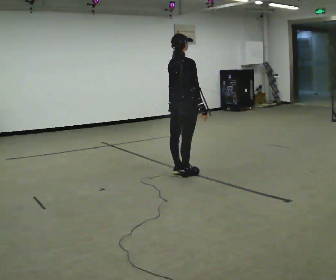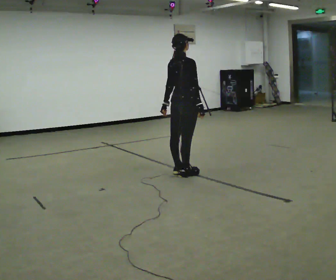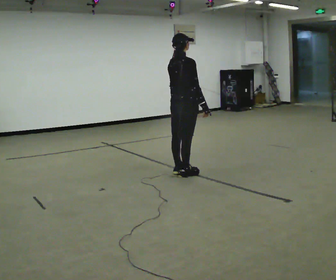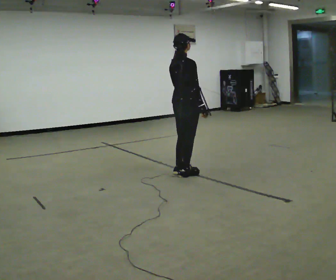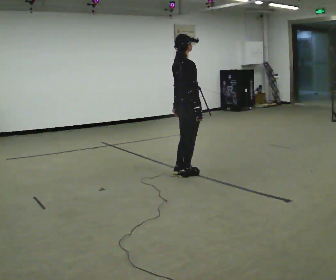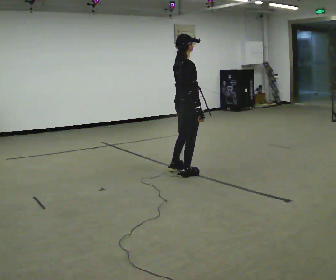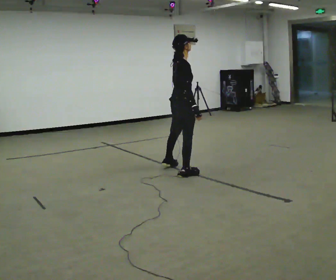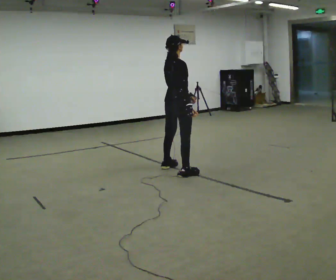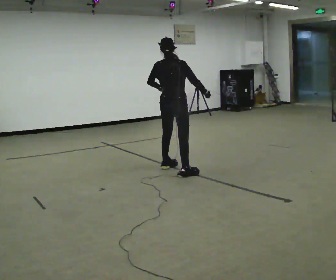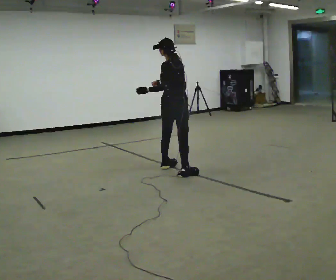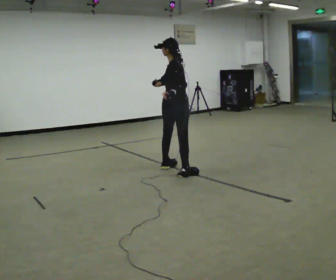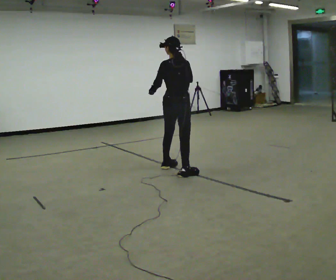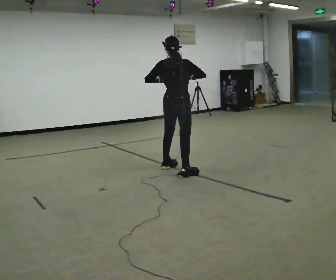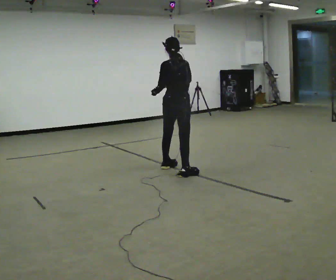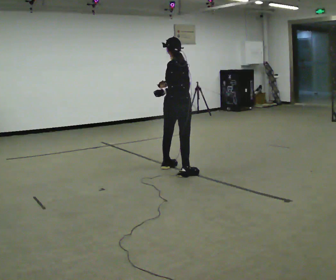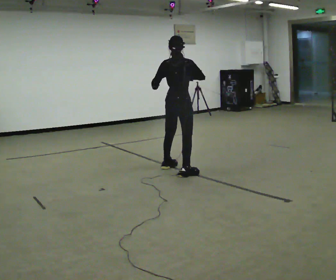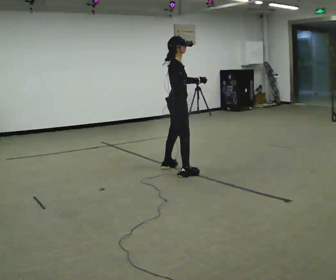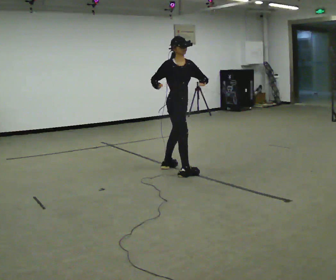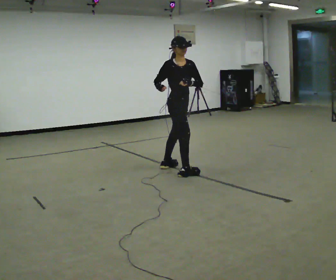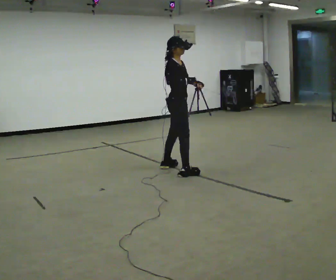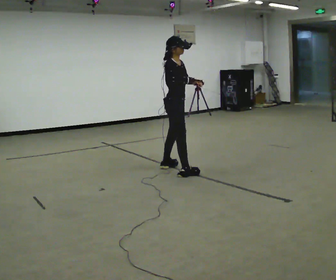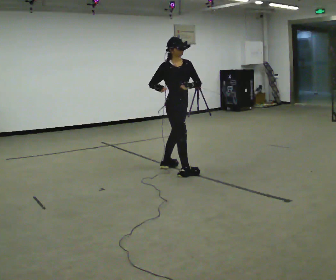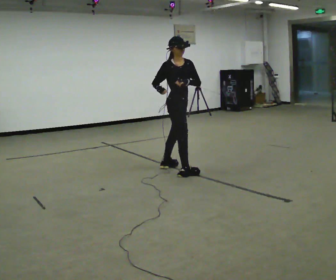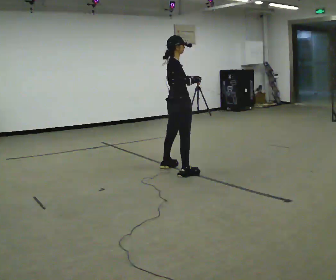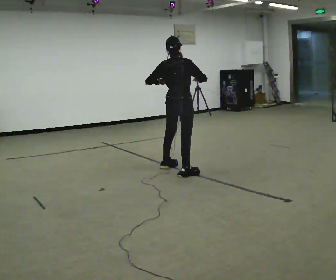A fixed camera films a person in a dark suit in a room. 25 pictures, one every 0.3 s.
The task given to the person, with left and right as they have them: Repeat a short dance step or sequence over and over in time with a steady beat.
0.0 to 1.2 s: The person moves a little, or ends about where they began.
1.2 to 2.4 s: Seen from above the body turns counterclockwise, about 60 degrees: to their left, with its near side sliding to the right. In the picture they go away from the camera, about 0.25 m in 1 step.
2.4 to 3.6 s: The person moves a little, or ends about where they began.
3.6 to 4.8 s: Seen from above the body turns clockwise, about 90 degrees: to their right, with its near side sliding to the left.
4.8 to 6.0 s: The person moves a little, or ends about where they began.
6.0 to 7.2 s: The part of the body nearest the lens slides to the right as the person turns to their left by about 90 degrees. In the picture their left hand goes to the left.
The film runs forward here.
